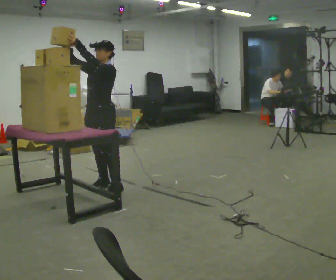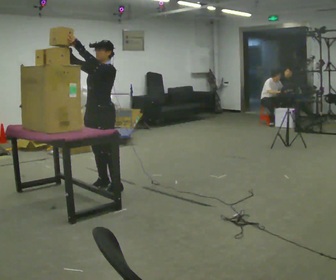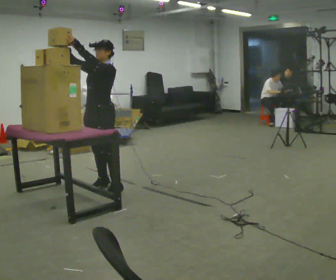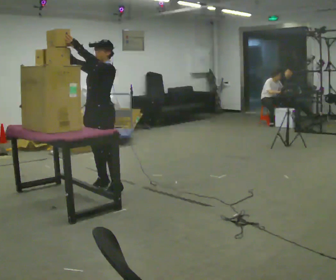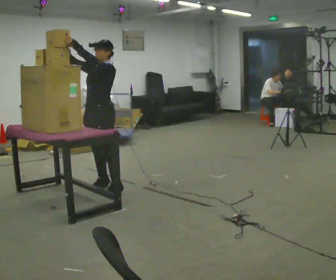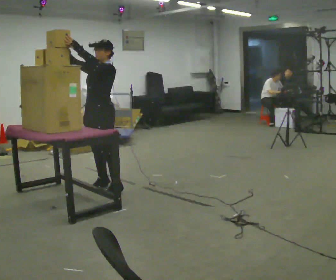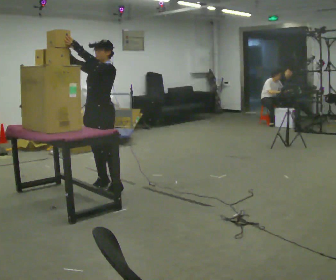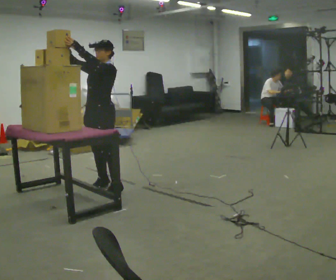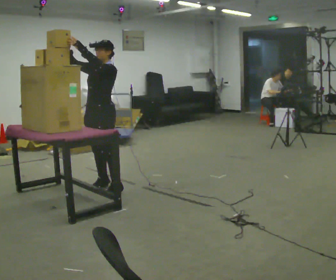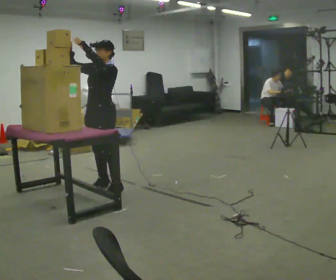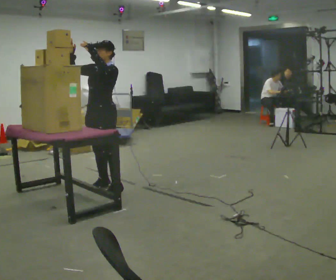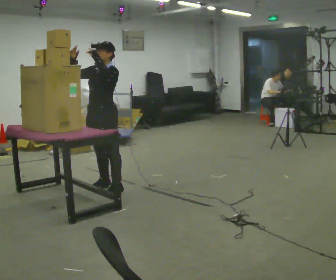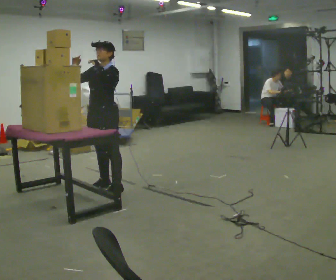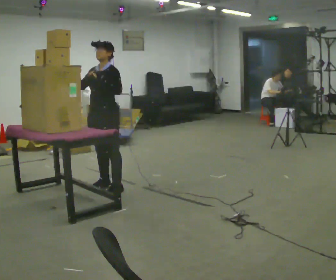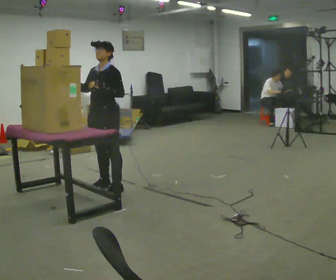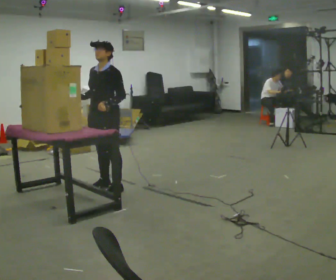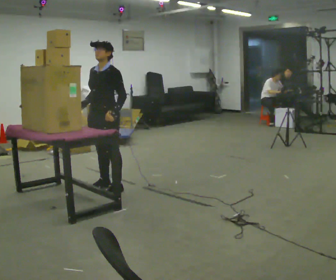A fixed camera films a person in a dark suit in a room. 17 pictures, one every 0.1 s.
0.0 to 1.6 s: In the picture their left hand goes downward and to the right.
The film runs forward here.
